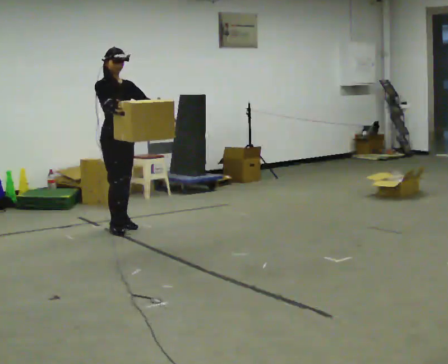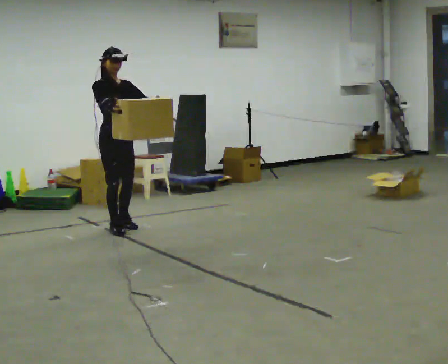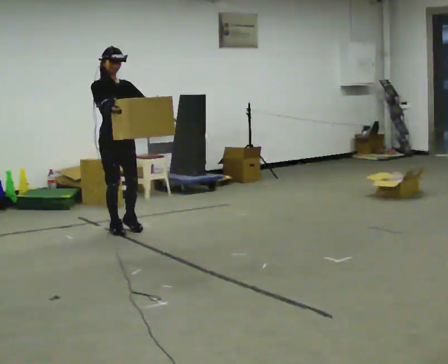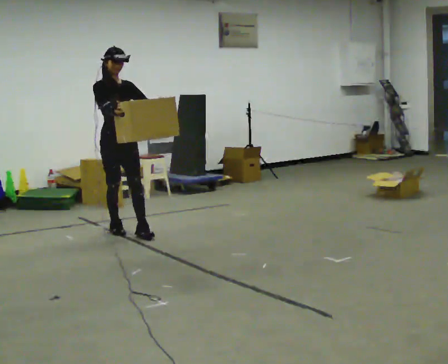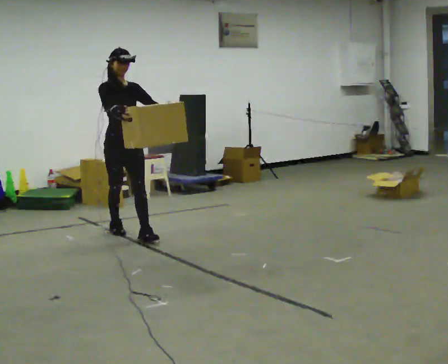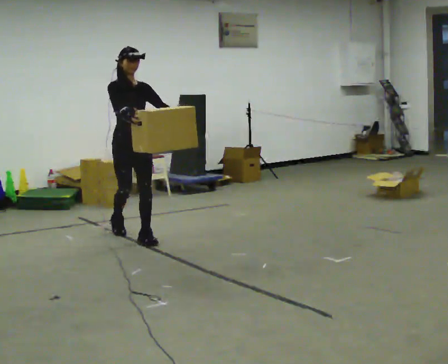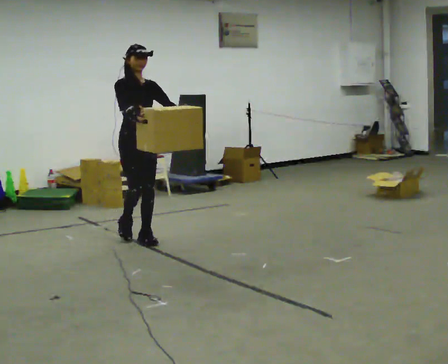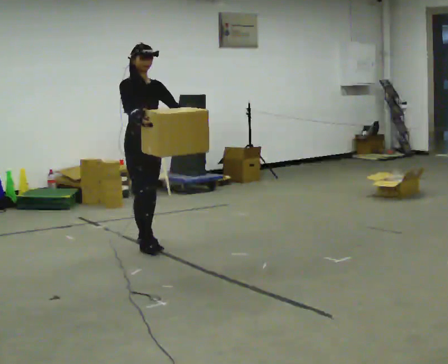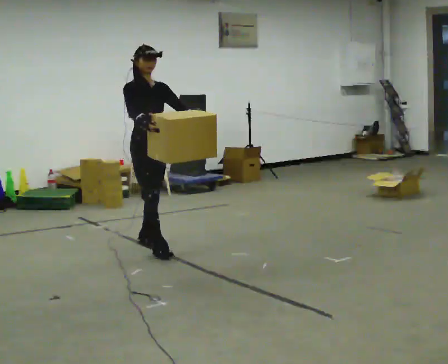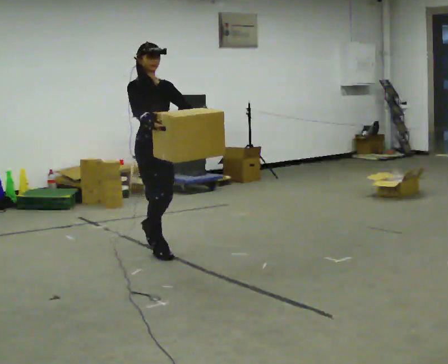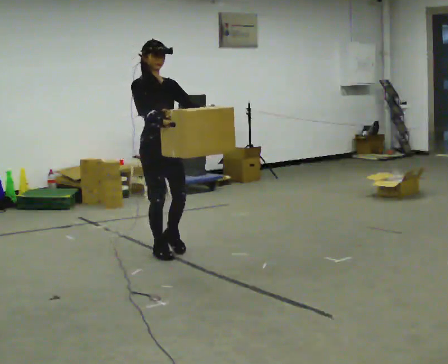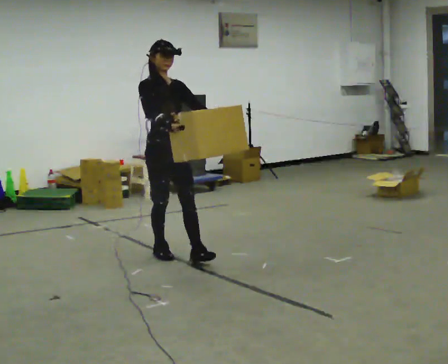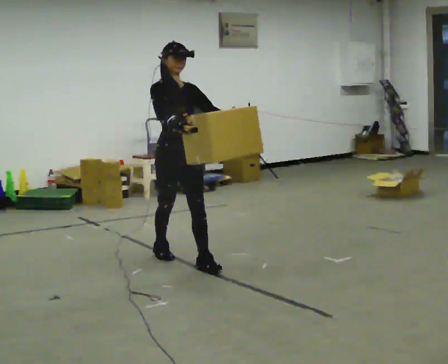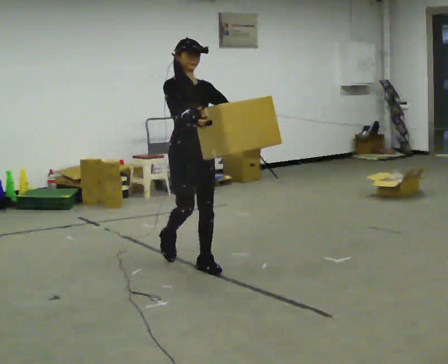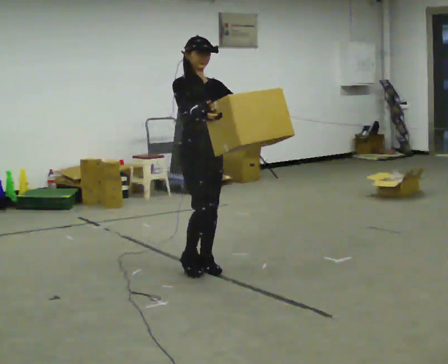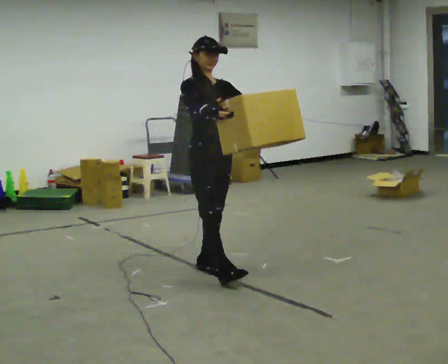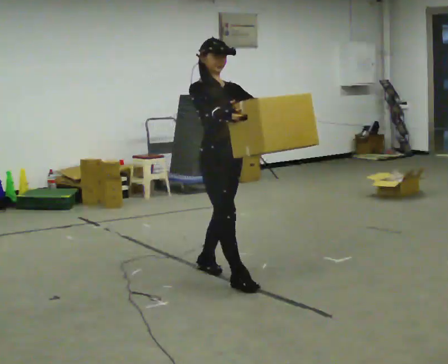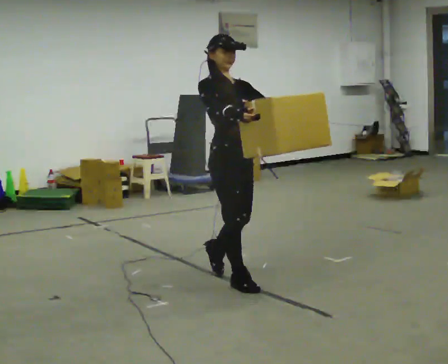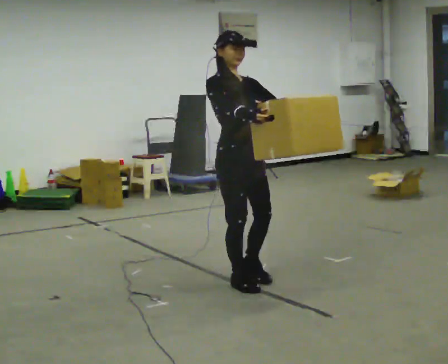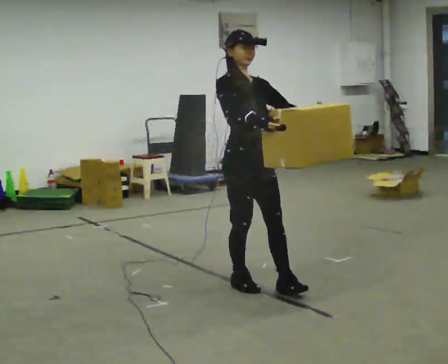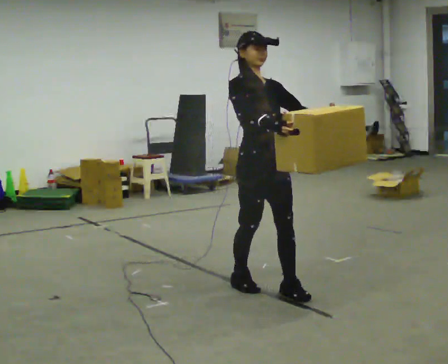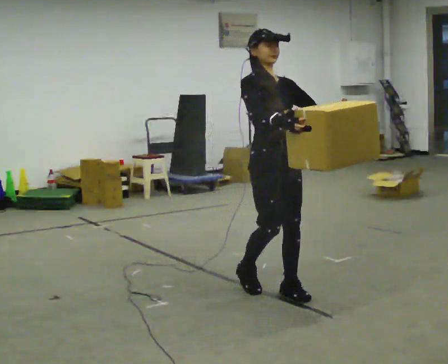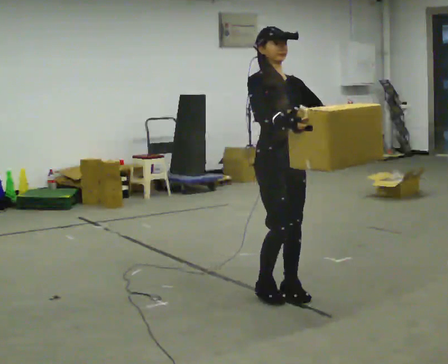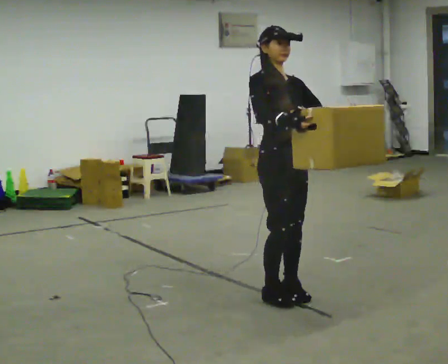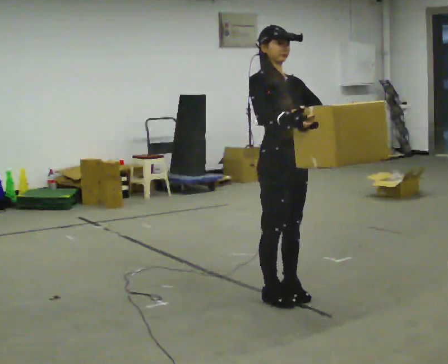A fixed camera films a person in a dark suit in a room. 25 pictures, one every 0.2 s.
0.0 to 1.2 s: In the picture they go toward the camera, about 0.5 m in 1 step, which for them is forward.
1.2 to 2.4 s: In the picture they go toward the camera and to the right, about 1 m in 2 steps, which for them is forward.
2.4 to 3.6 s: In the picture they go toward the camera and to the right, about 0.5 m in 1 step, which for them is forward.
3.6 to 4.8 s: In the picture they go toward the camera and to the right, about 0.25 m in 2 steps, which for them is forward.
The film runs forward here.
